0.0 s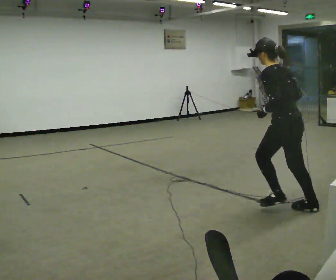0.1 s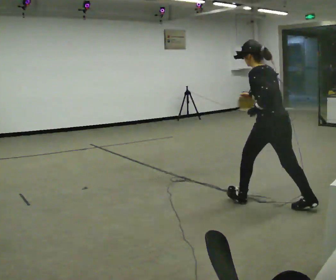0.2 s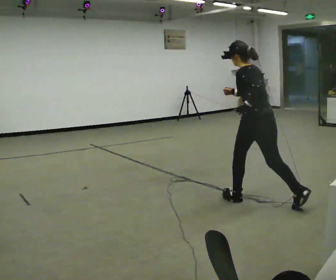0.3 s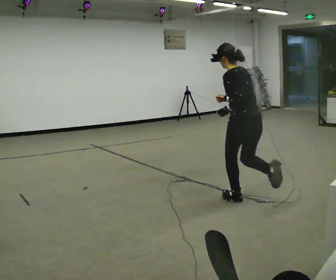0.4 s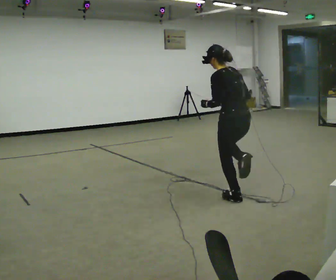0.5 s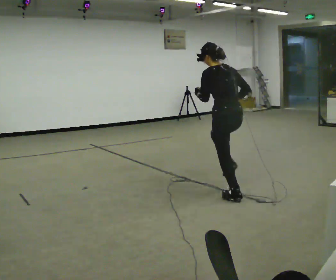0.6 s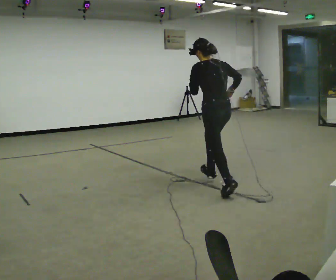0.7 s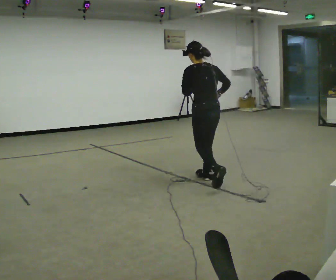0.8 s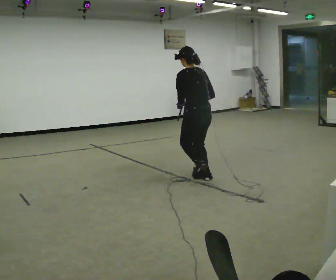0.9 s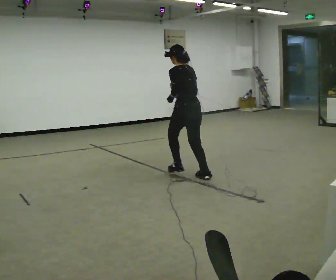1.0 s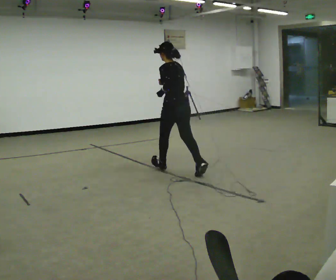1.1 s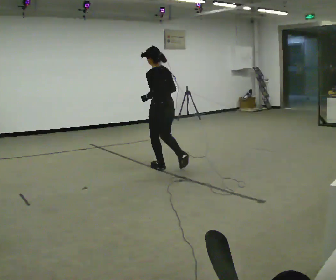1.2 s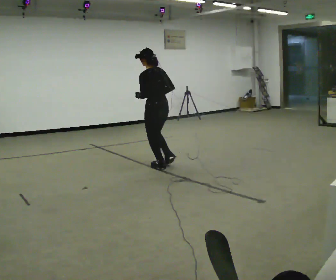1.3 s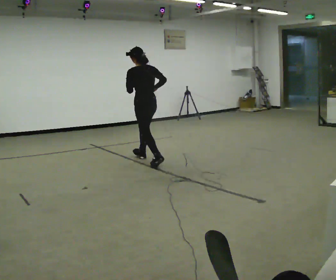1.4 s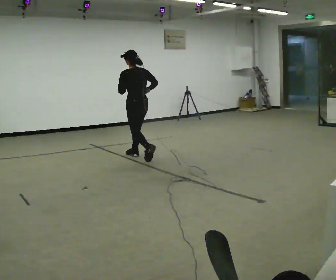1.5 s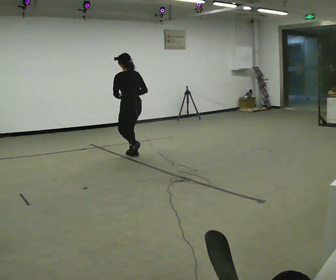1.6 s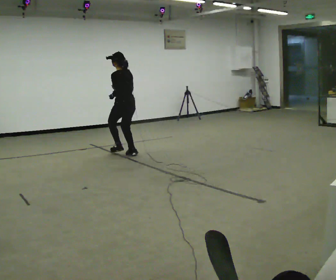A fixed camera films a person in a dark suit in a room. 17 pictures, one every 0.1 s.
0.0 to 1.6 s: In the picture they go away from the camera and to the left, about 3 m in 4 steps, which for them is forward.
The film runs forward here.
